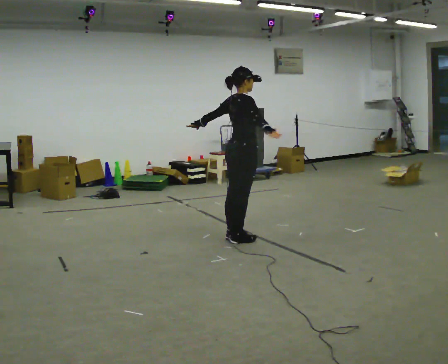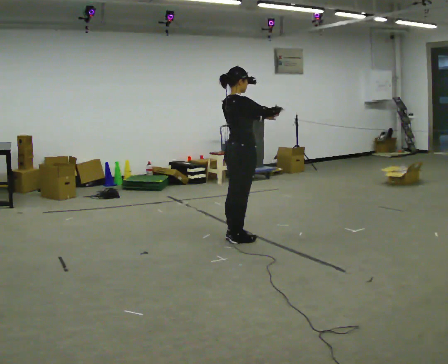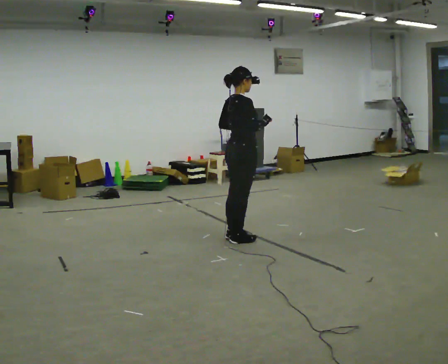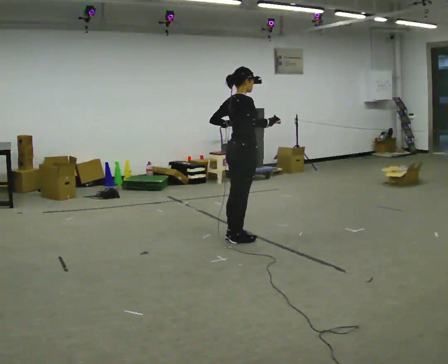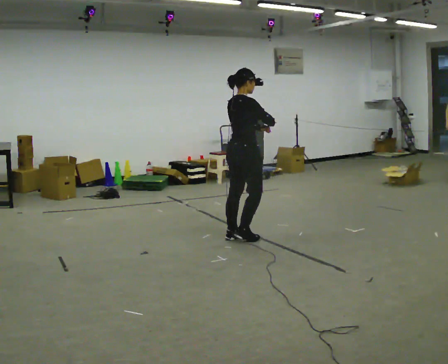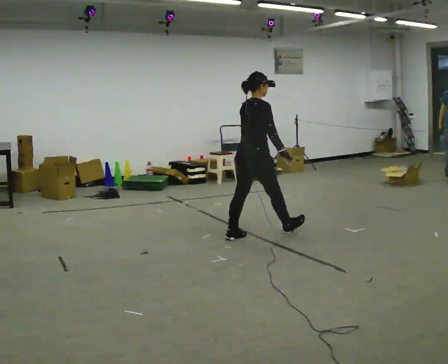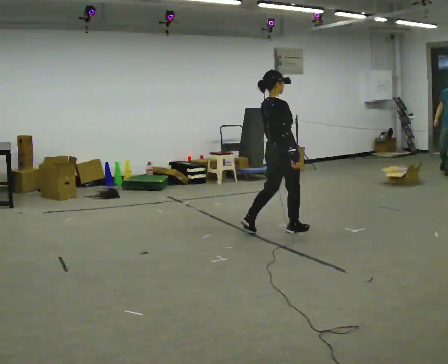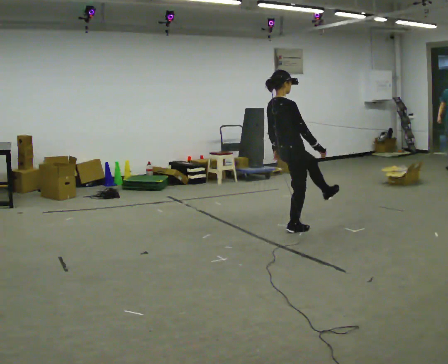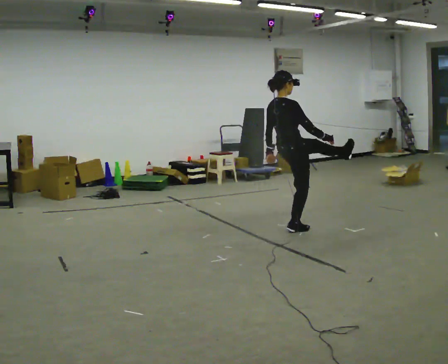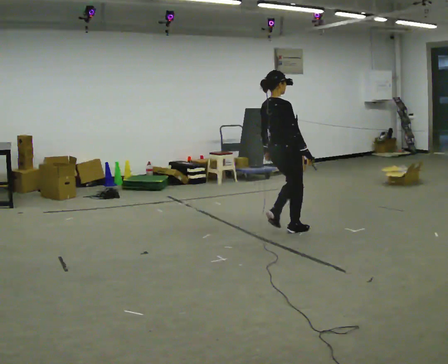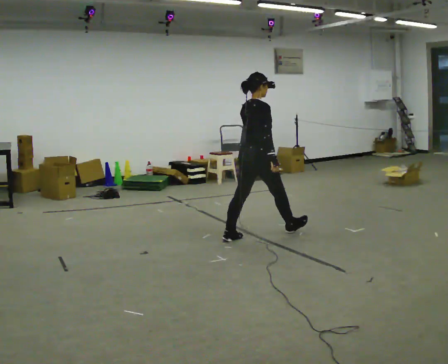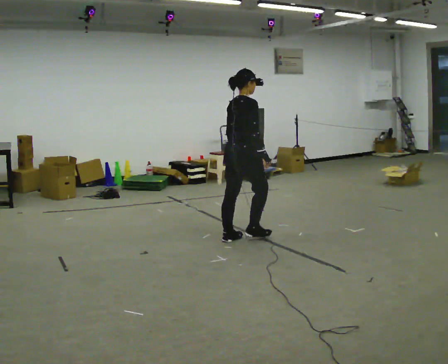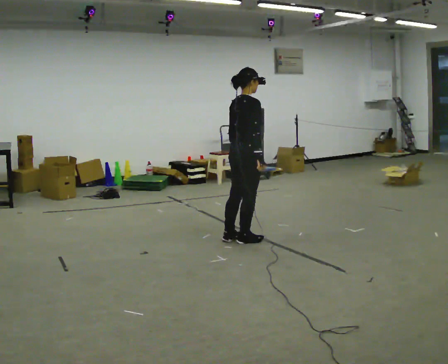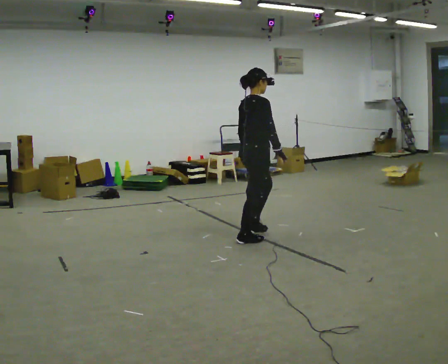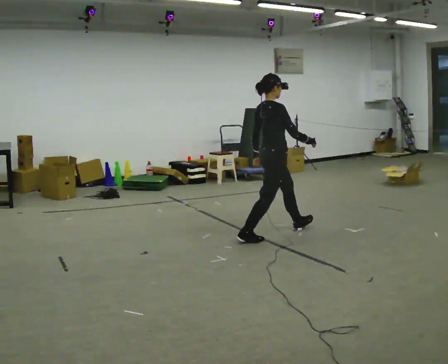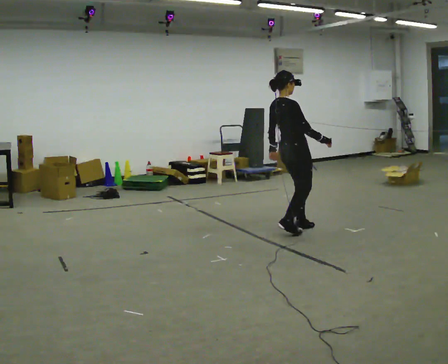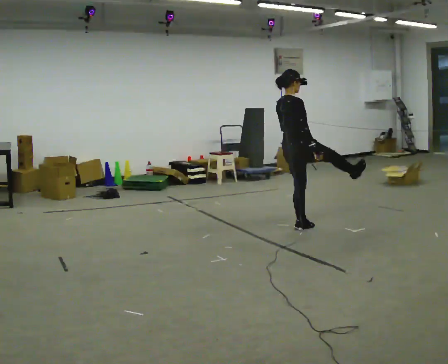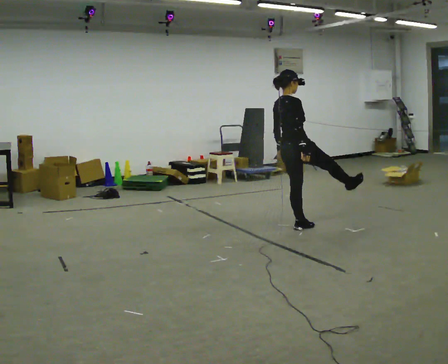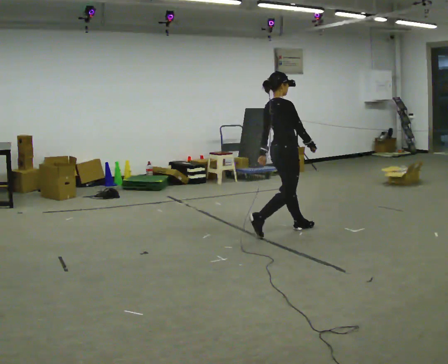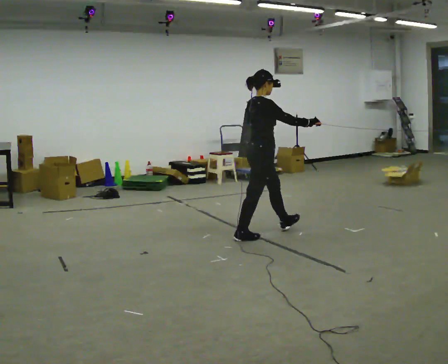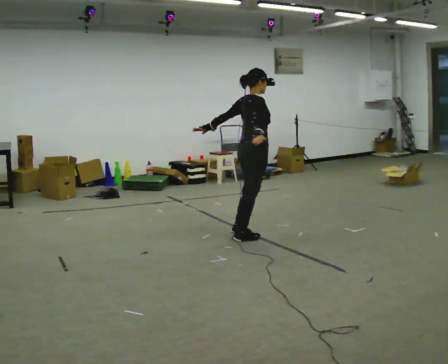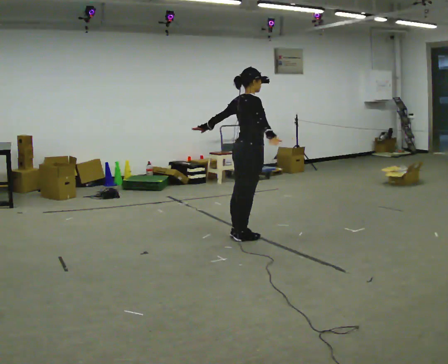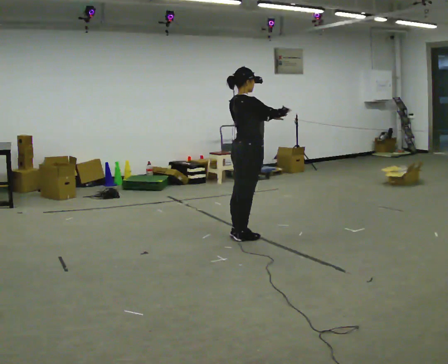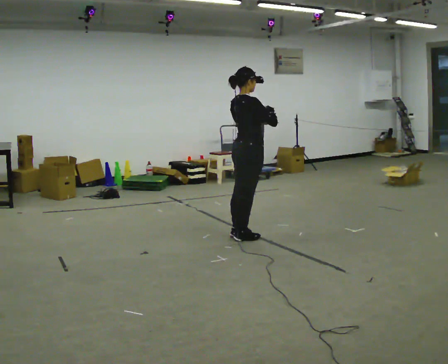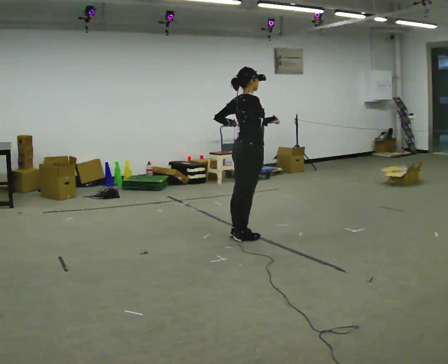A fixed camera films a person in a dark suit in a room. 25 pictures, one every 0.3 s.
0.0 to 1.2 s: The person moves a little, or ends about where they began.
1.2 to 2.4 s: In the picture they go to the right and away from the camera, about 0.5 m in 1 step, which for them is forward.
2.4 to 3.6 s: In the picture they go to the left and toward the camera, about 0.5 m in 2 steps, which for them is backward. In the picture the upper body tilts clockwise, shoulders to the right, as they bend forward.
3.6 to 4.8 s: In the picture they go to the right and away from the camera, about 0.5 m in 2 steps, which for them is forward. In the picture the upper body tilts counterclockwise, shoulders to the left, as they lean back or straighten.
4.8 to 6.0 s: In the picture they go to the left and toward the camera, about 0.5 m in 2 steps, which for them is backward.
6.0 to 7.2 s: The person moves a little, or ends about where they began.
The film runs backward here.
